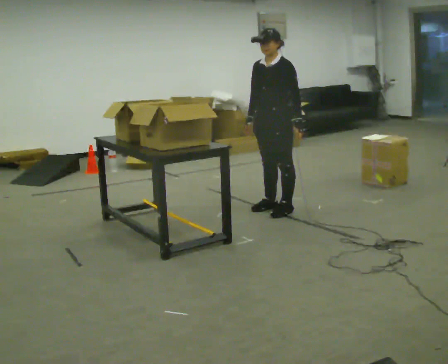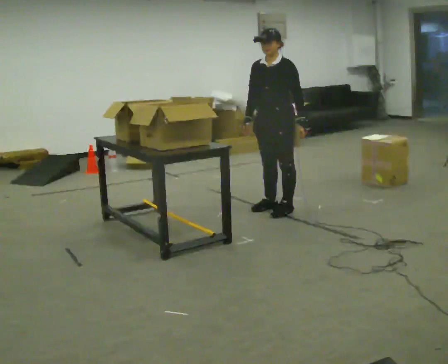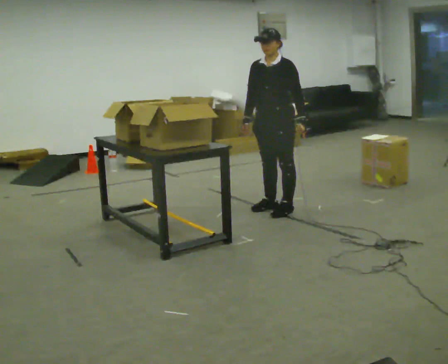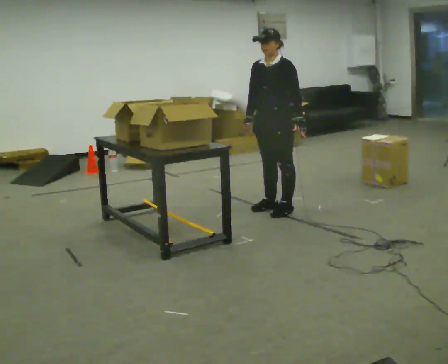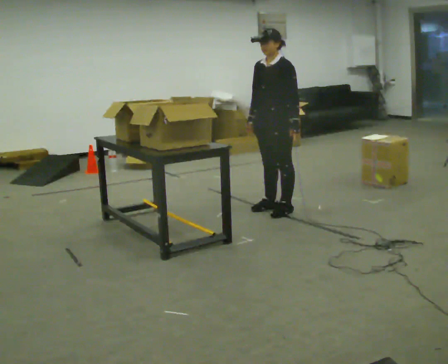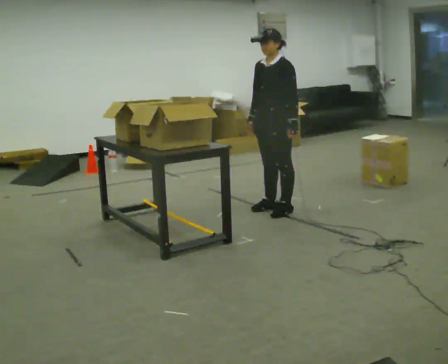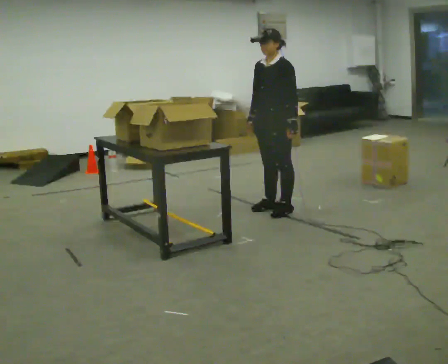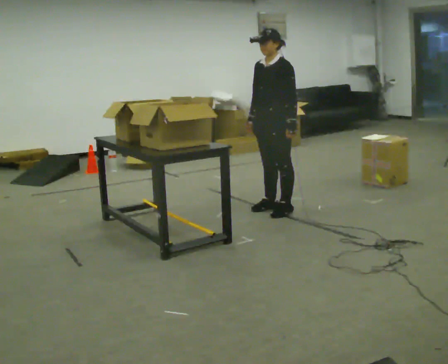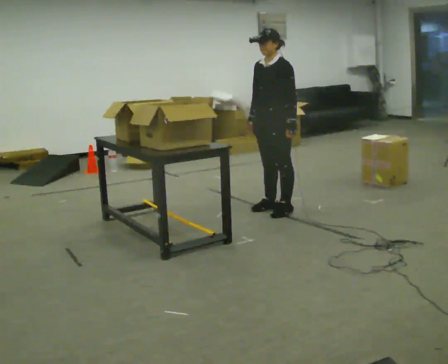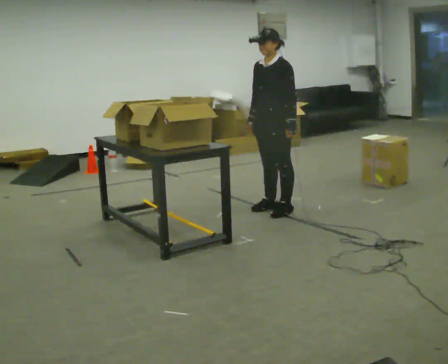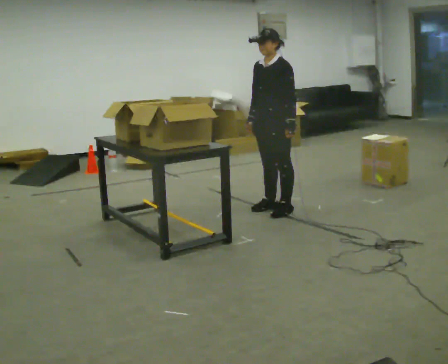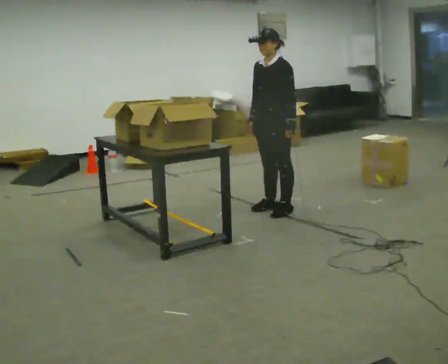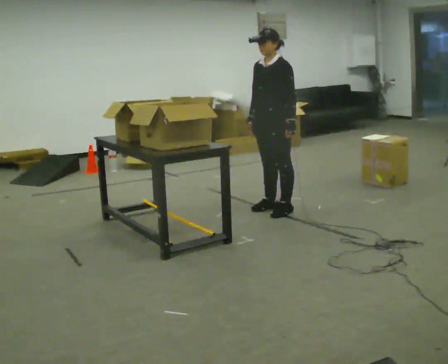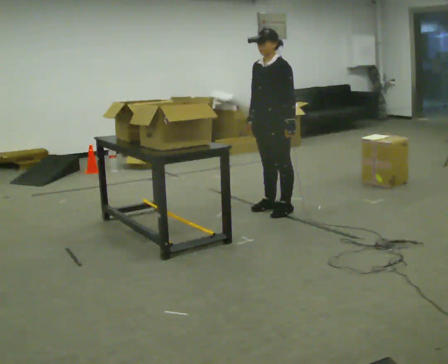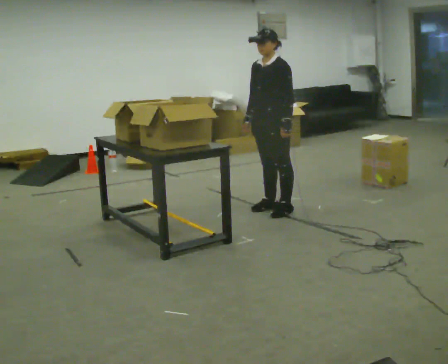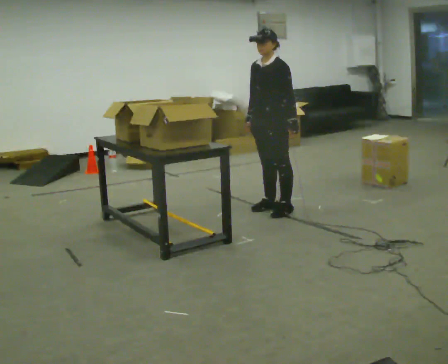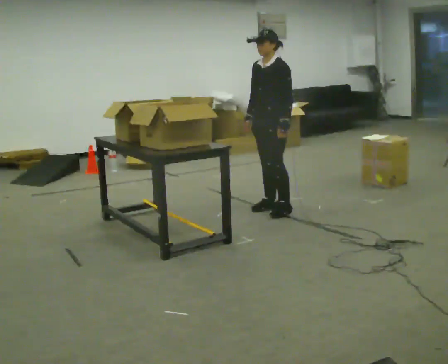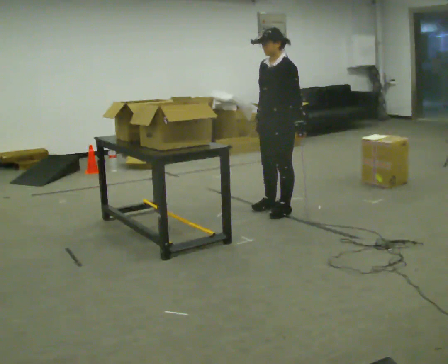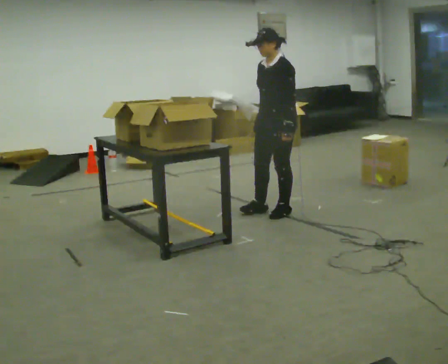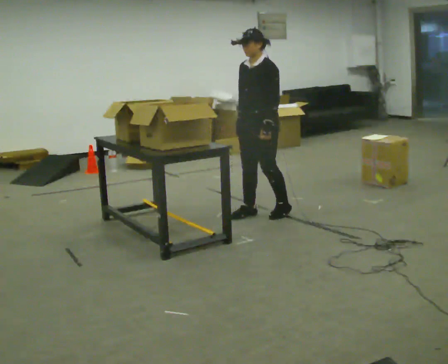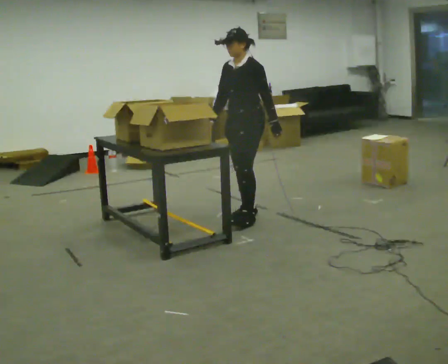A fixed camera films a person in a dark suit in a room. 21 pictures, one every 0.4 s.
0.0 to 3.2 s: The person moves a little, or ends about where they began.
3.2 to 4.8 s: The person keeps their place and pose.
4.8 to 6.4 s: The person moves a little, or ends about where they began.
6.4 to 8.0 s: In the picture they go toward the camera and to the left, about 0.25 m in 2 steps, which for them is forward.
The film runs backward here.
